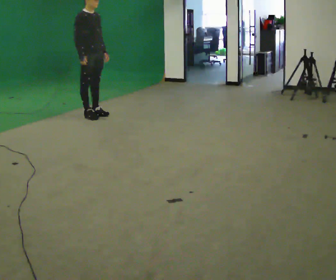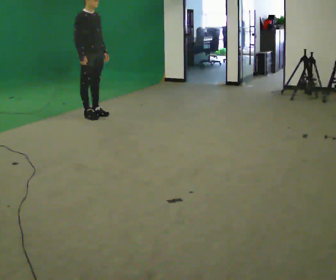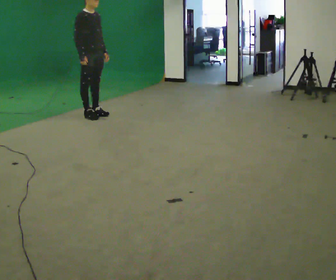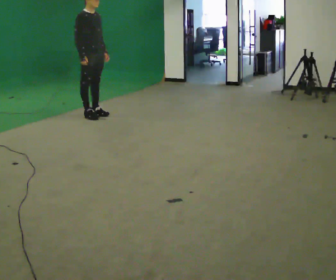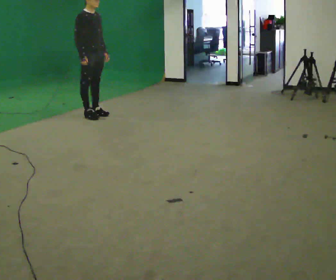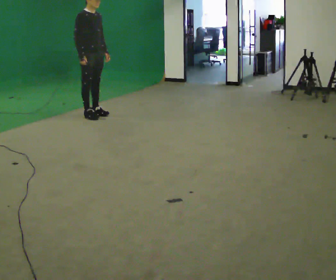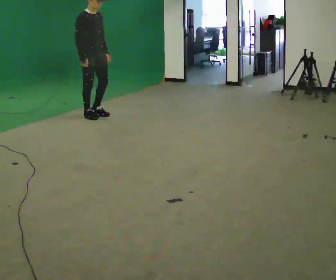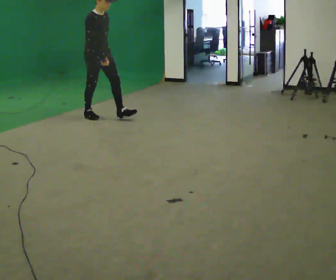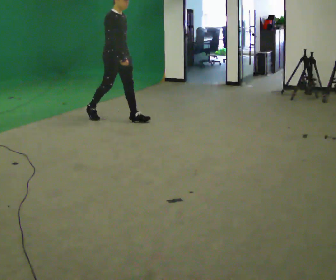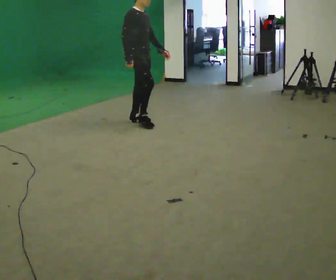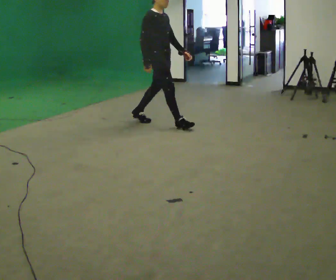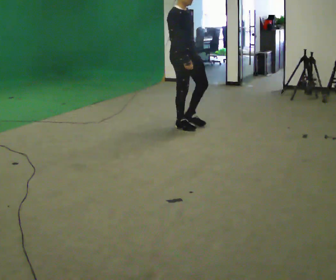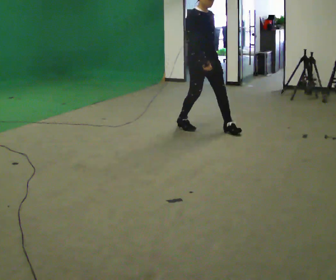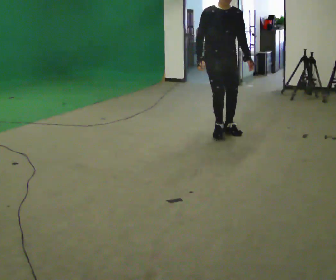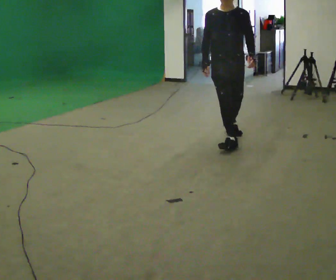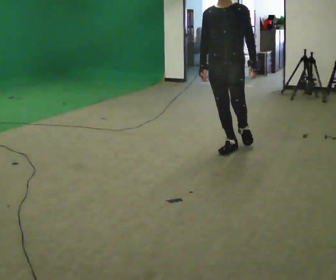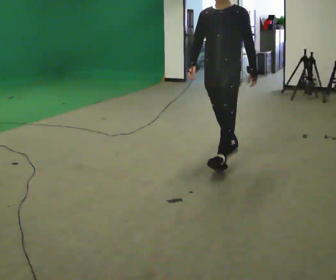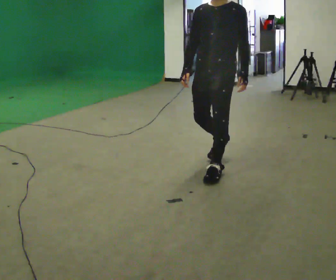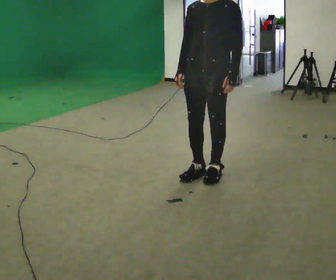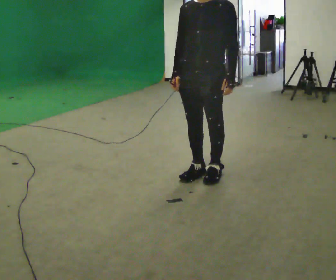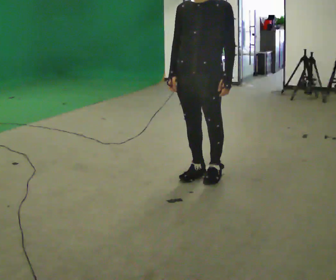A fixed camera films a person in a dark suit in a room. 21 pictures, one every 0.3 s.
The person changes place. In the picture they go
toward the camera.
The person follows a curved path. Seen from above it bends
clockwise.
0.0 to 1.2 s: The person keeps their place and pose.
1.2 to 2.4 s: In the picture they go to the right and toward the camera, about 0.5 m in 1 step, which for them is forward.
2.4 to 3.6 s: In the picture they go to the right and toward the camera, about 1 m in 2 steps, which for them is forward.
3.6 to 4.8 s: Seen from above the body turns clockwise, about 75 degrees: to their right, with its near side sliding to the left. In the picture they go toward the camera, about 1 m in 1 step.
4.8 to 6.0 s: In the picture they go toward the camera and to the left, about 0.5 m in 2 steps, which for them is forward.
The film runs forward here.
